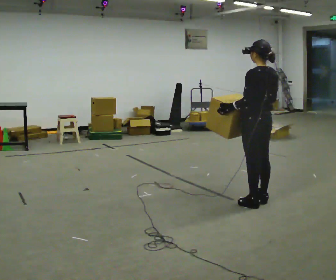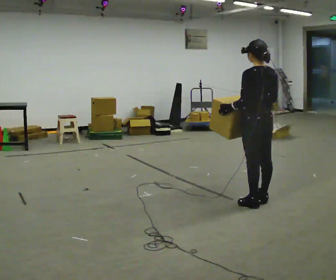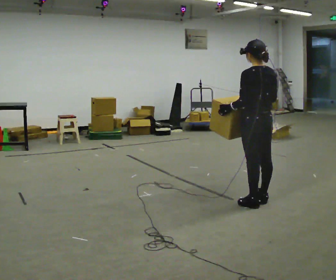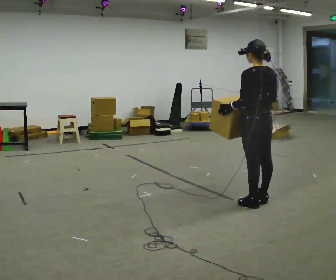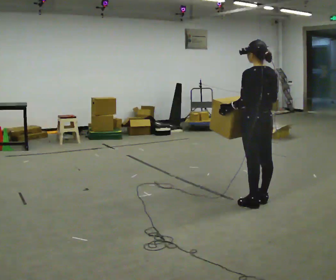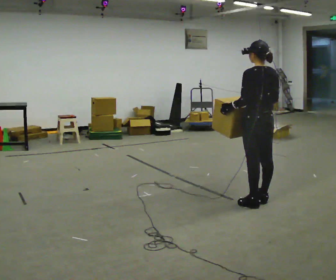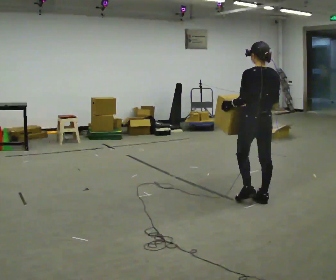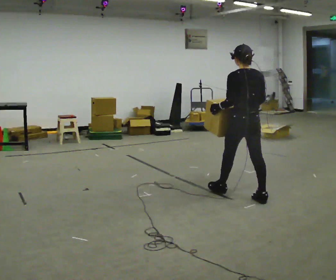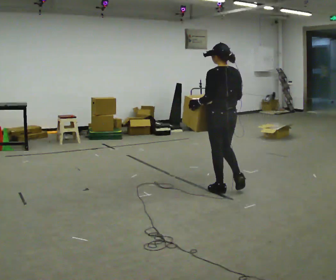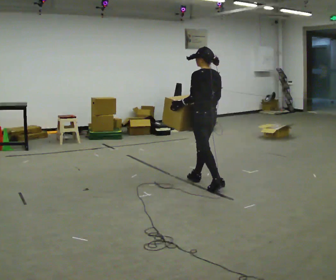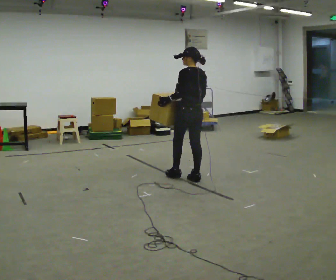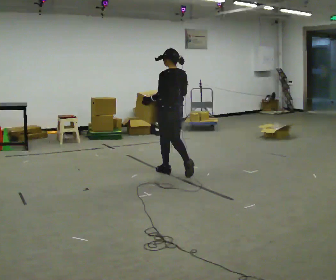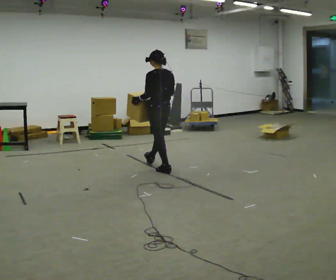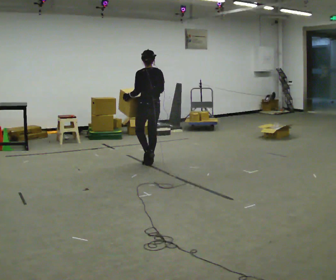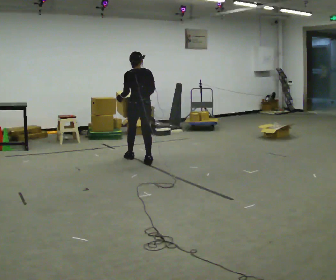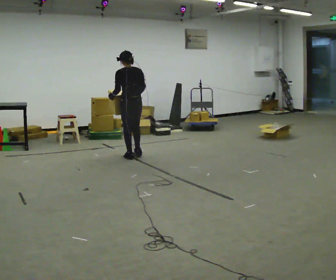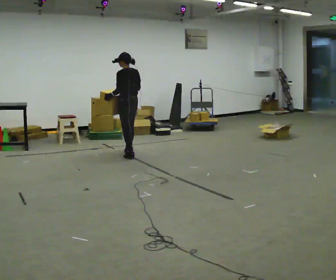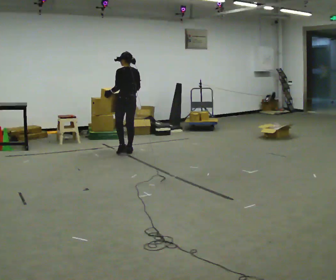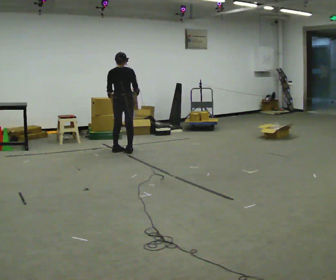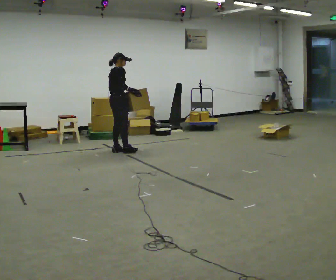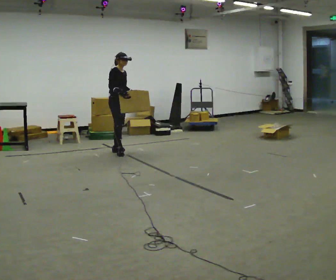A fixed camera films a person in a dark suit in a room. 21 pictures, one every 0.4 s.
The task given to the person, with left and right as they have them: Carry the box across the room while freely looking around at the walls, ceiling and floor. Keep going until the operator says stop; one object at a time, and do not rush between trips.
0.0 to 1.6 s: The person moves a little, or ends about where they began.
1.6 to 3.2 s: In the picture they go away from the camera and to the left, about 0.5 m in 1 step, which for them is forward.
3.2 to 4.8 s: In the picture they go away from the camera and to the left, about 1 m in 2 steps, which for them is forward.
4.8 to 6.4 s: In the picture they go away from the camera and to the left, about 1 m in 3 steps, which for them is forward.
6.4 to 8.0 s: Seen from above the body turns clockwise, about 150 degrees: to their right, with its near side sliding to the left. In the picture they go to the left, about 0.25 m in 1 step.
The film runs forward here.
